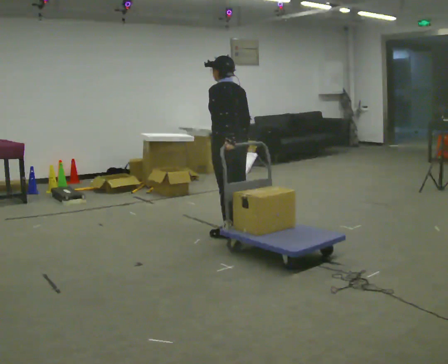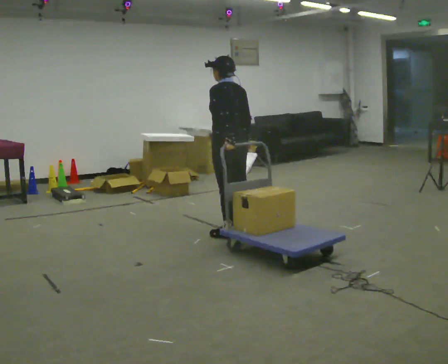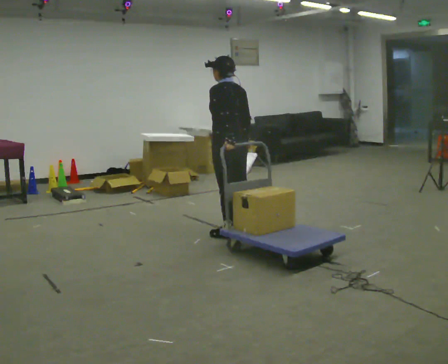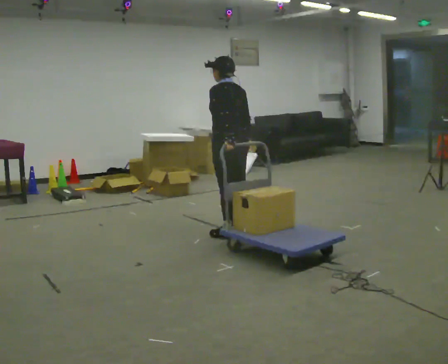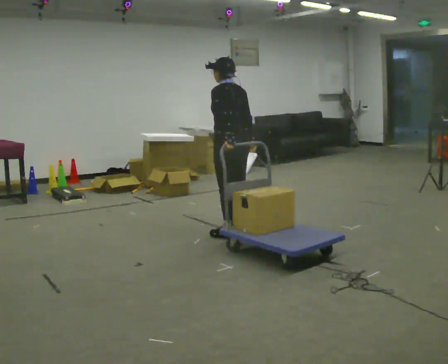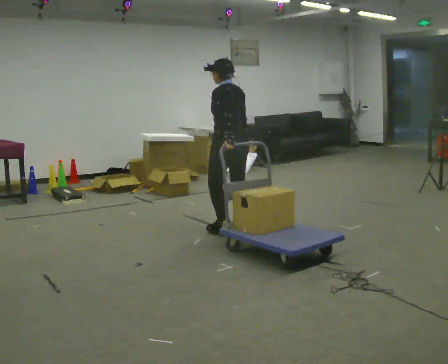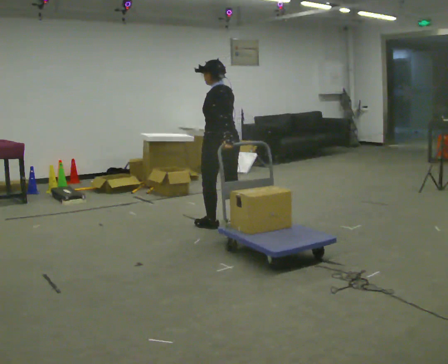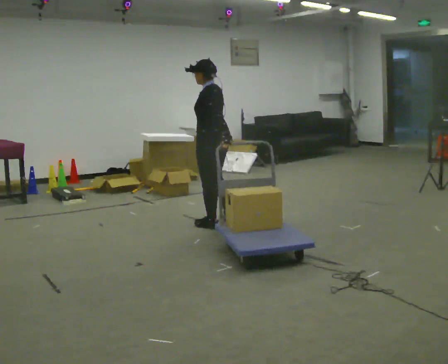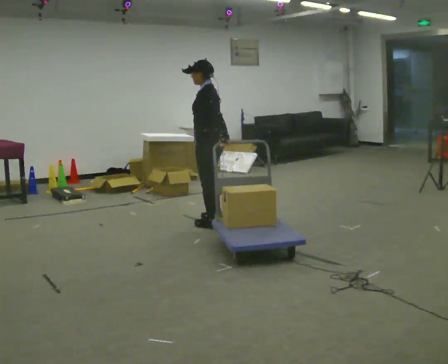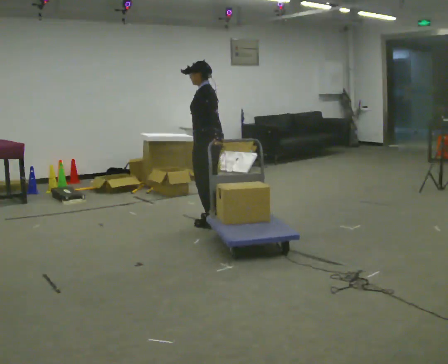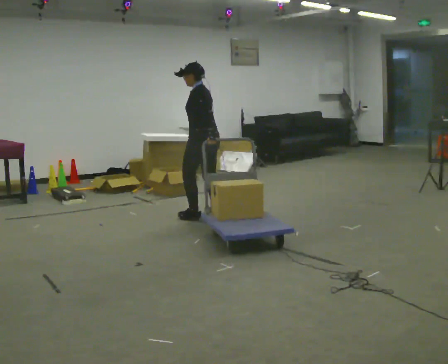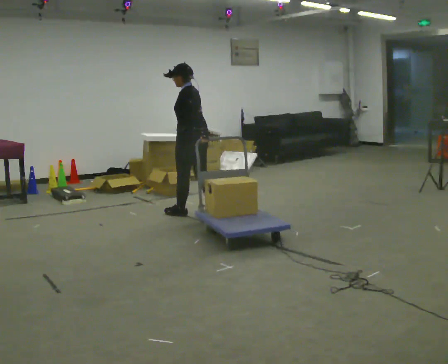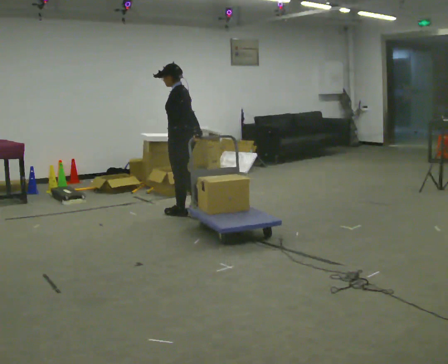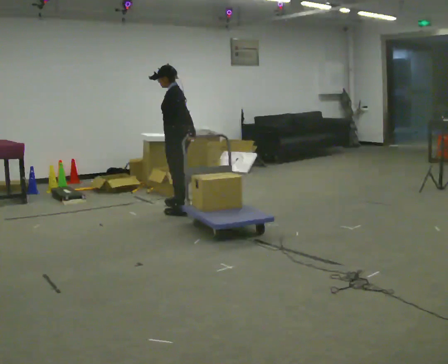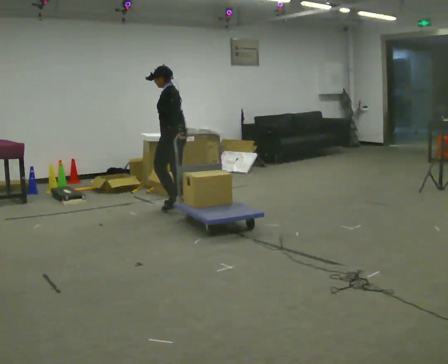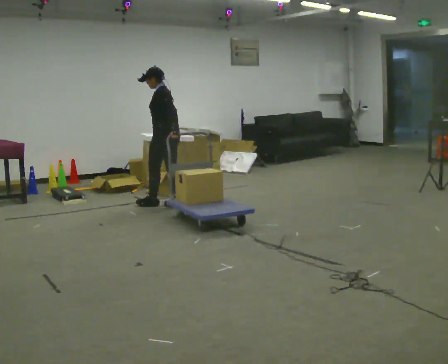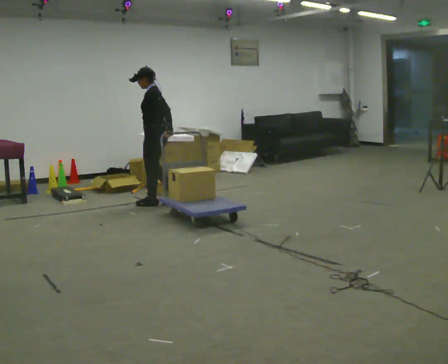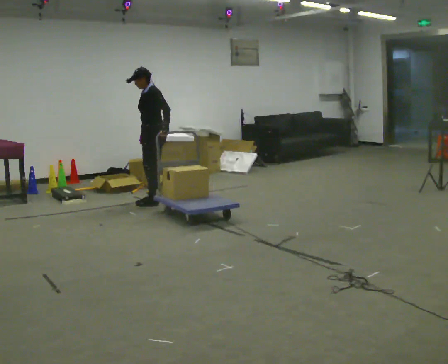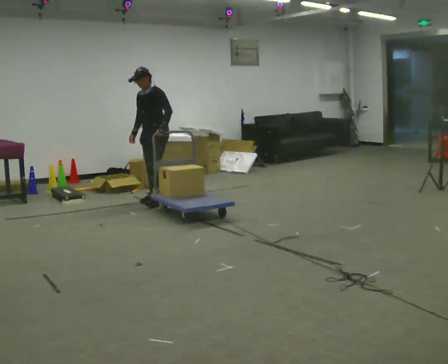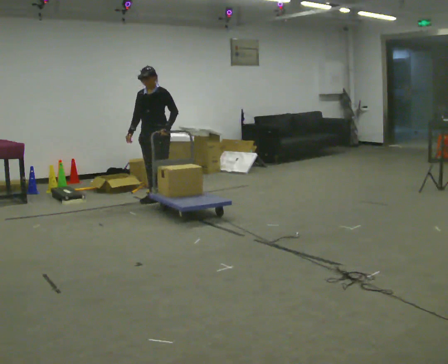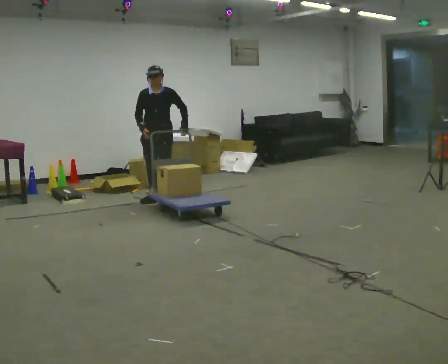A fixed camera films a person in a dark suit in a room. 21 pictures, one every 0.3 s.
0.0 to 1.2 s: The person moves a little, or ends about where they began.
1.2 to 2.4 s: The part of the body nearest the lens slides to the right as the person turns to their left by about 30 degrees. In the picture they go away from the camera and to the left, about 0.25 m in 2 steps, which for them is forward.
2.4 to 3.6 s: In the picture they go away from the camera and to the left, about 0.5 m in 1 step, which for them is forward and to their right.
3.6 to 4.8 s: In the picture they go away from the camera and to the left, about 0.5 m in 2 steps, which for them is forward and to their right.
4.8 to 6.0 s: The person turns about 90 degrees to their left, counterclockwise seen from above, so the part of the body nearest the lens slides to the right. In the picture they go away from the camera, about 0.25 m in 1 step.
The film runs forward here.
